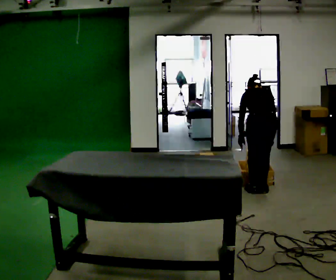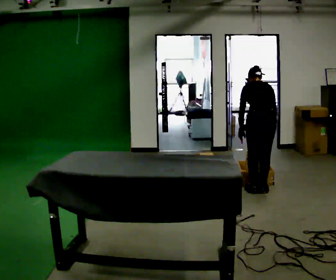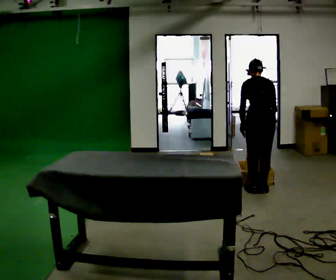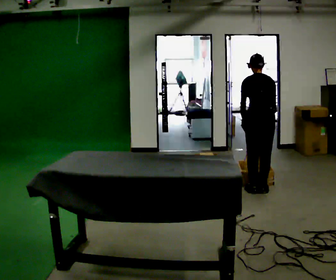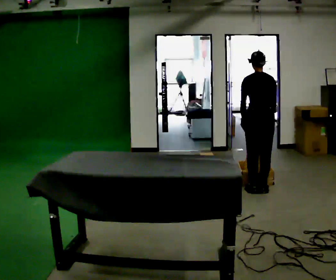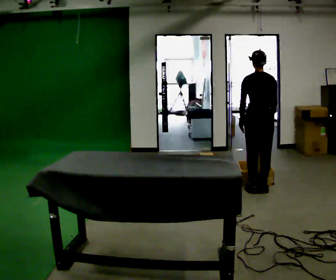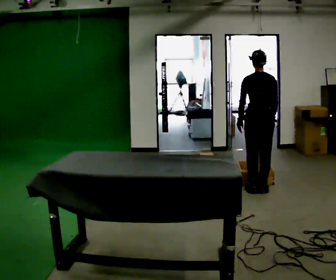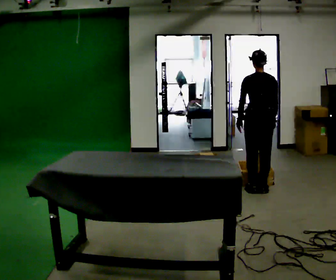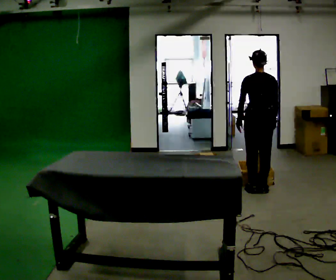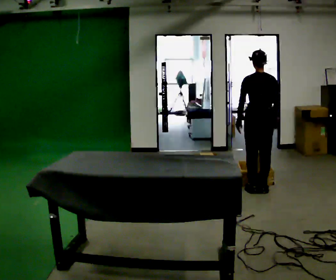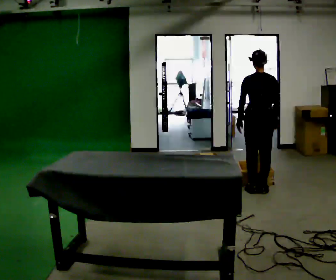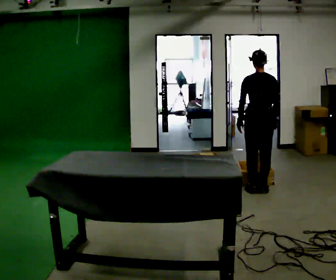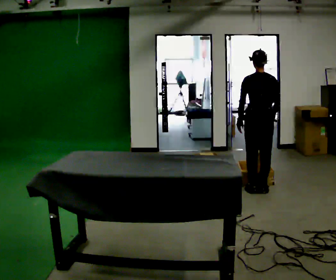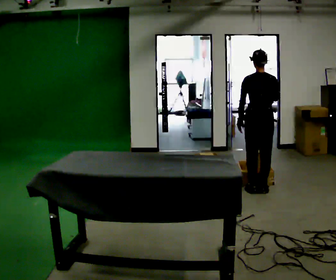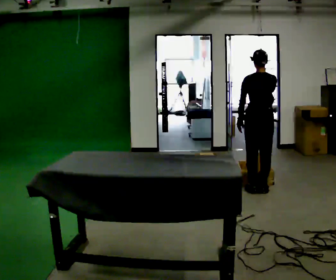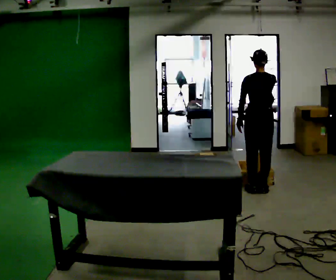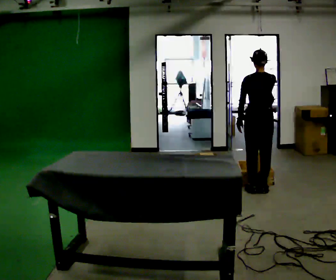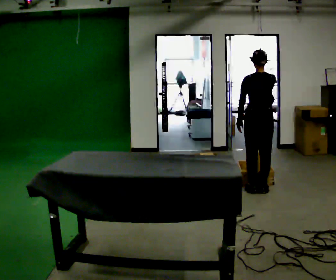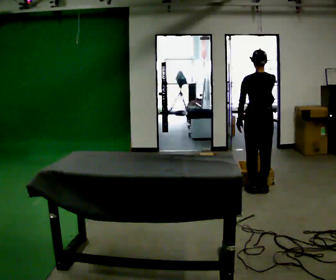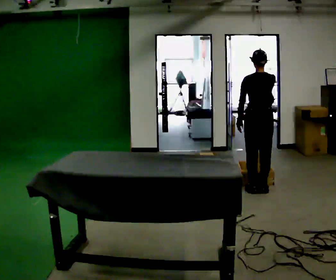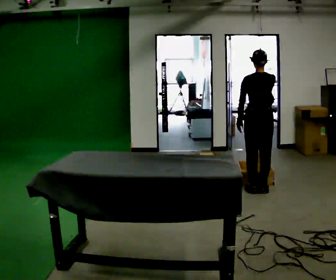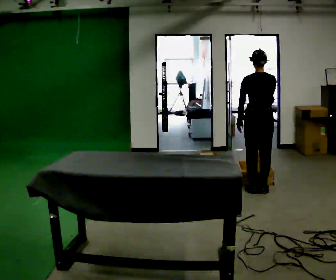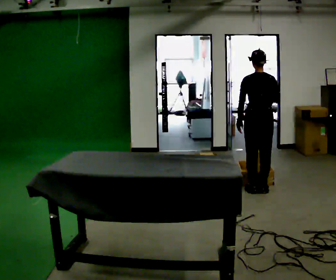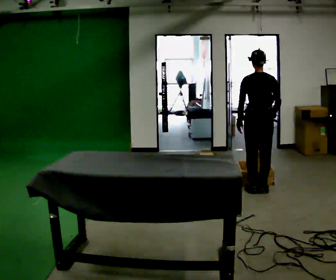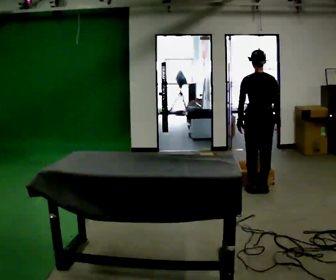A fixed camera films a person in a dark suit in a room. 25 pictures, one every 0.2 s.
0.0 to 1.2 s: In the picture they go away from the camera, about 0.25 m, which for them is forward. The upper body goes upward. The upper body tips toward the camera, its near side rolling downward, as they lean back or straighten.
1.2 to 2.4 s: The person moves a little, or ends about where they began.
2.4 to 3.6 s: In the picture their right hand goes upward.
3.6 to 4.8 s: In the picture their right hand goes downward.
The film runs forward here.
